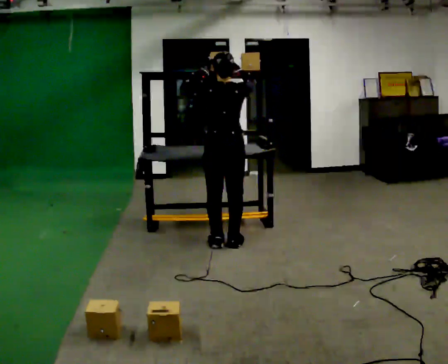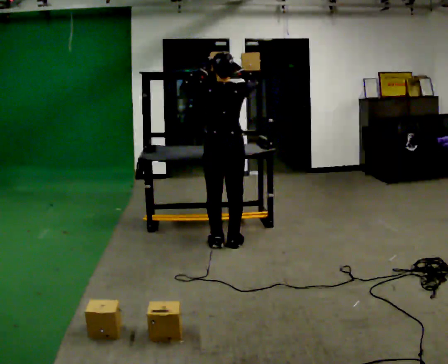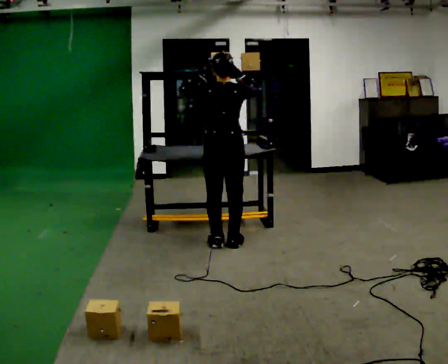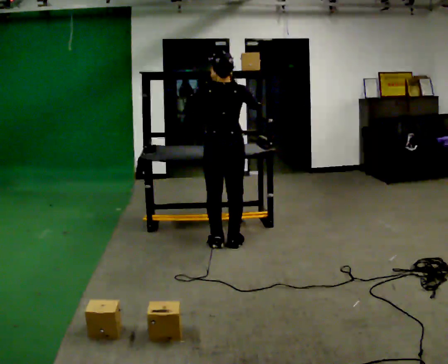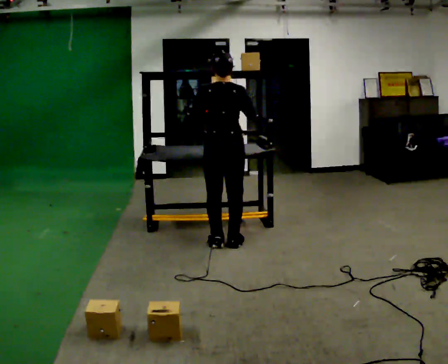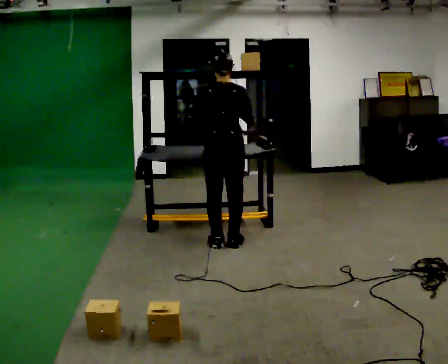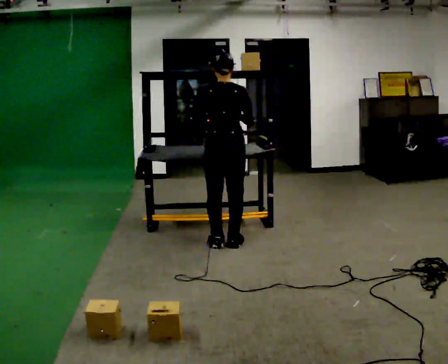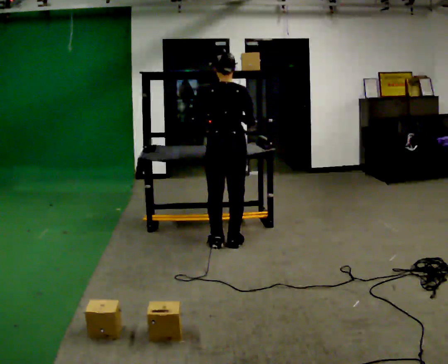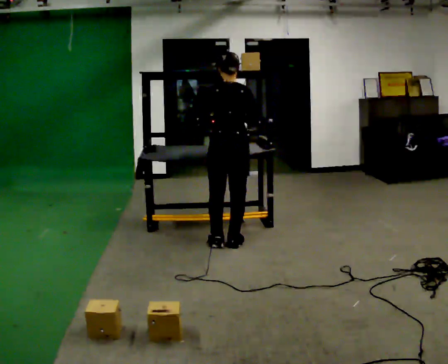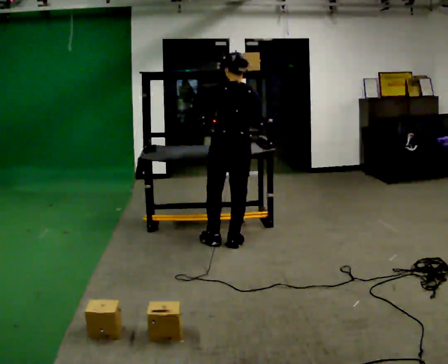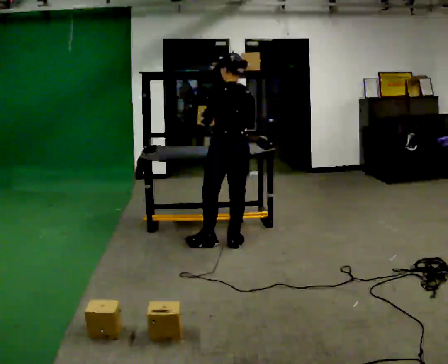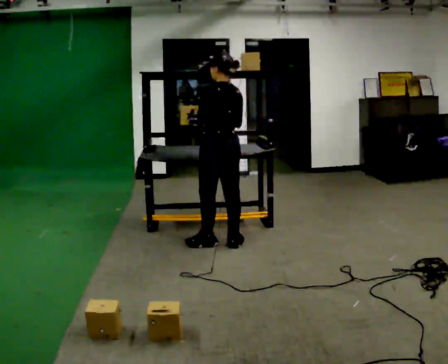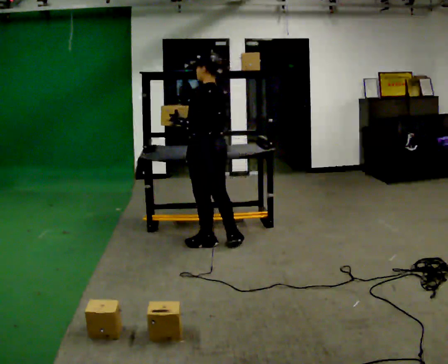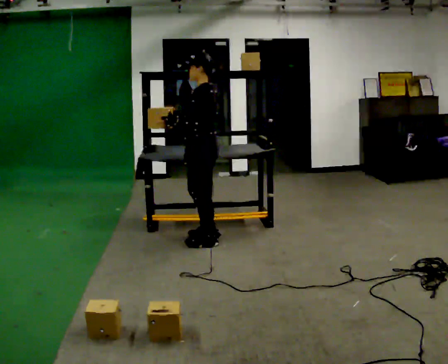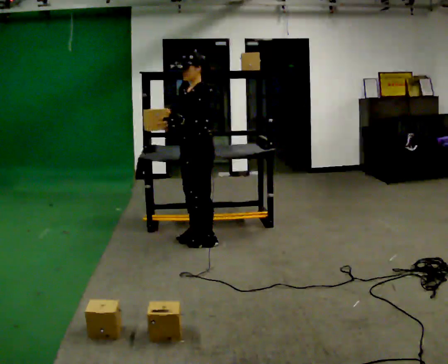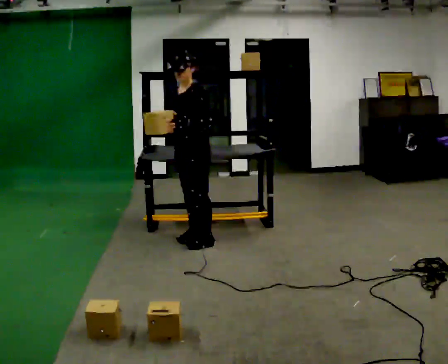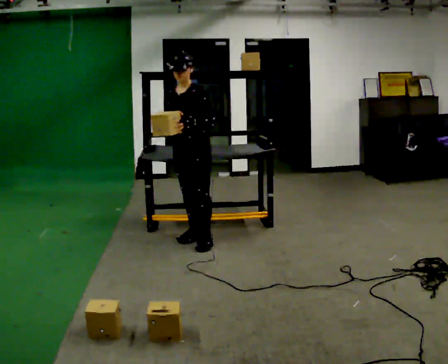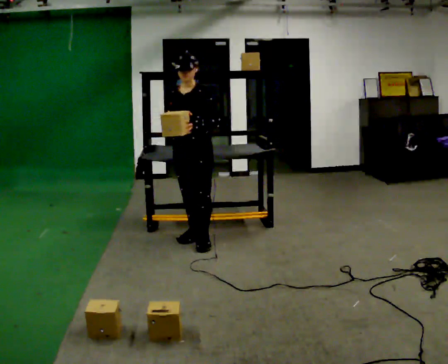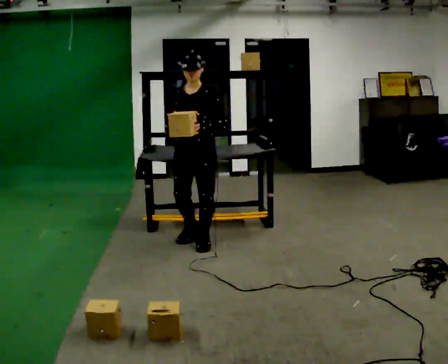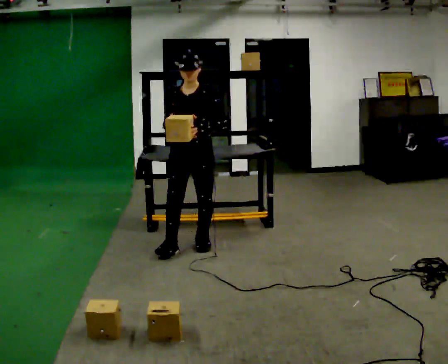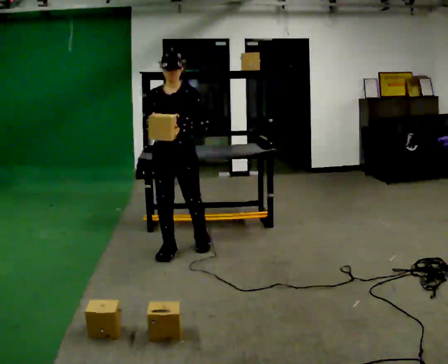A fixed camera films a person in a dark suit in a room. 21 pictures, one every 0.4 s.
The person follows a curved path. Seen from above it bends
counterclockwise.
The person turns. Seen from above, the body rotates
counterclockwise.
0.0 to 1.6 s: In the picture their left hand goes downward.
1.6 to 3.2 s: The person moves a little, or ends about where they began.
3.2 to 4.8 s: The part of the body nearest the lens slides to the right as the person turns to their left by about 60 degrees. In the picture they go to the left, about 0.25 m, which for them is to their left. In the picture their right hand goes to the left.
4.8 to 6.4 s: The person turns about 90 degrees to their left, counterclockwise seen from above, so the part of the body nearest the lens slides to the right. In the picture they go to the left, about 0.25 m in 1 step.
6.4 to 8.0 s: In the picture they go toward the camera, about 0.25 m in 1 step, which for them is forward.
The film runs forward here.
